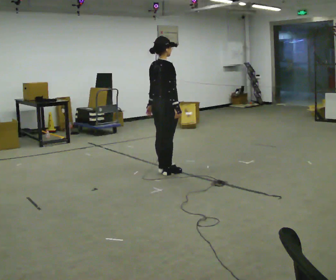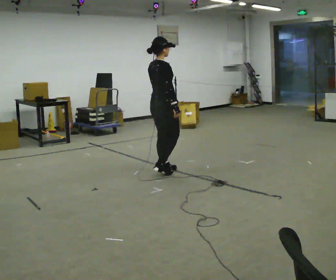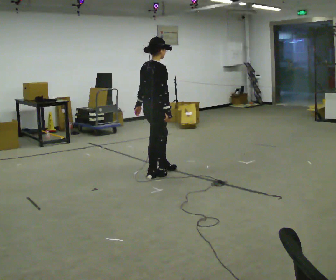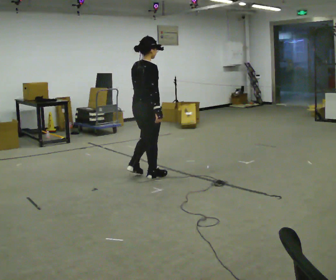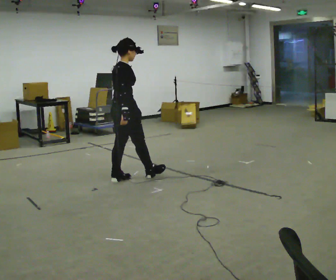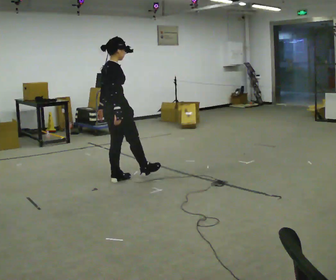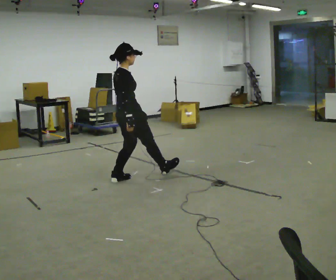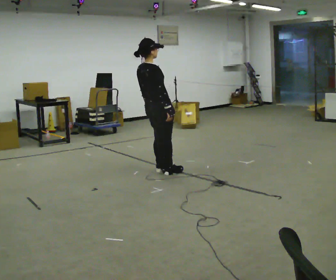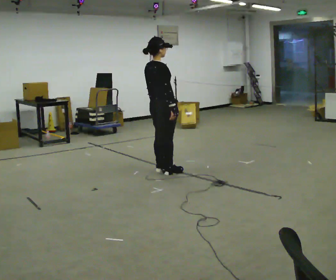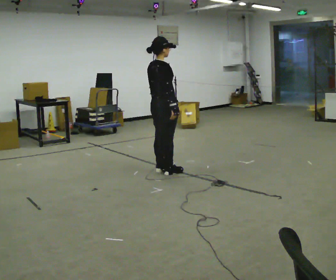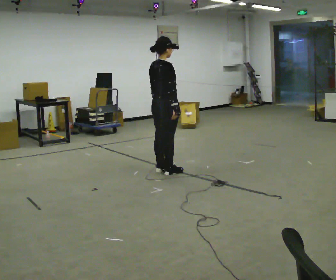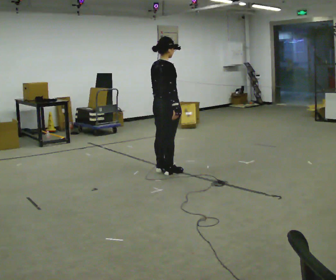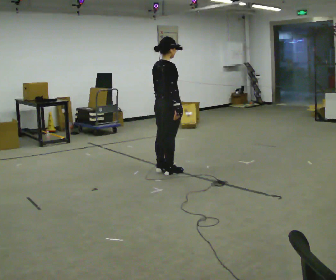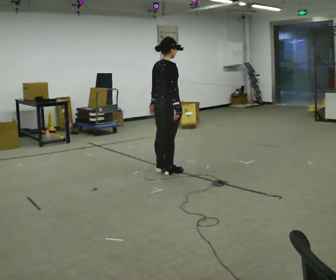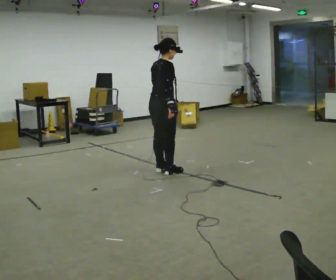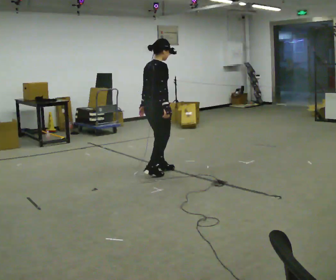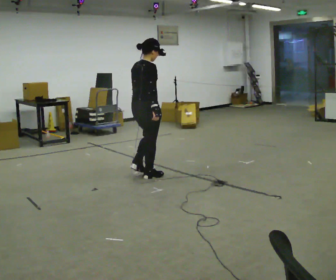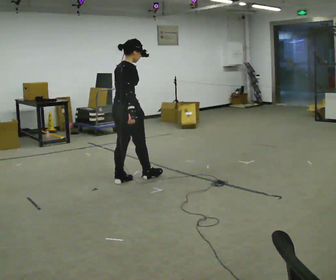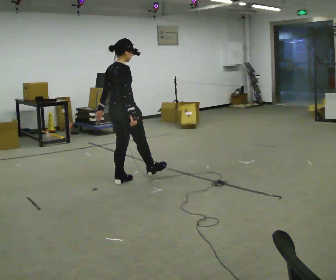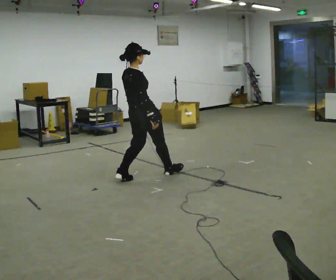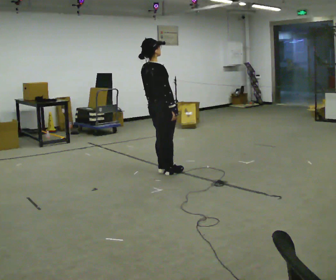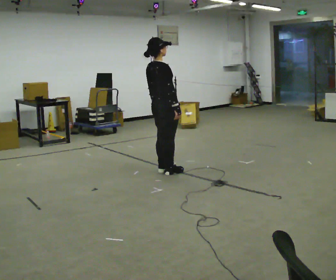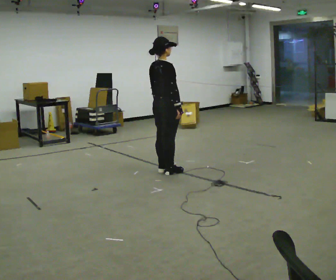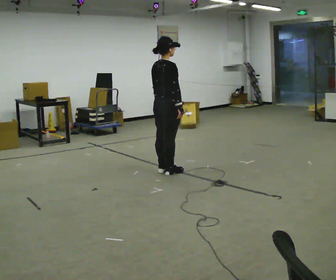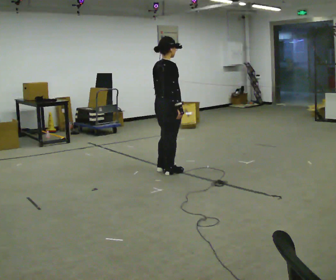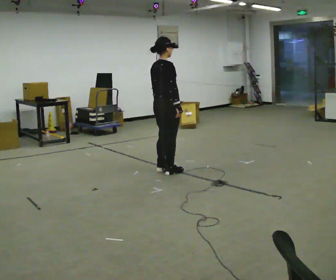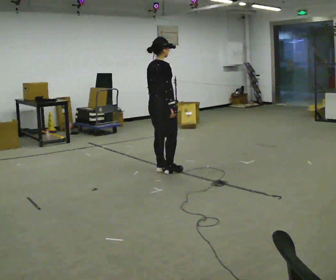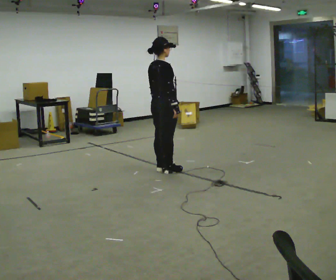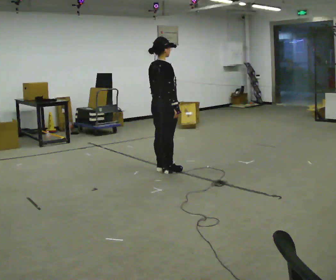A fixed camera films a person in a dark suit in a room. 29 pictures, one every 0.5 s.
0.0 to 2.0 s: In the picture they go to the left and toward the camera, about 0.5 m in 2 steps, which for them is backward.
2.0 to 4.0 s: In the picture they go to the right and away from the camera, about 0.5 m in 2 steps, which for them is forward.
4.0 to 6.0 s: The person moves a little, or ends about where they began.
6.0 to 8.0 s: In the picture they go to the left and toward the camera, about 0.25 m in 2 steps, which for them is backward.
8.0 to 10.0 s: In the picture they go to the right, about 0.25 m in 2 steps, which for them is forward.
10.0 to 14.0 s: The person moves a little, or ends about where they began.
The film runs backward here.
